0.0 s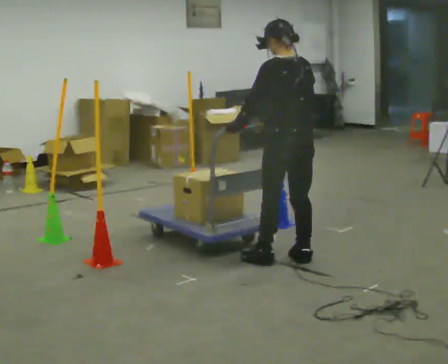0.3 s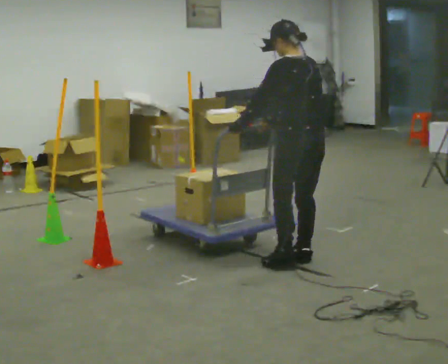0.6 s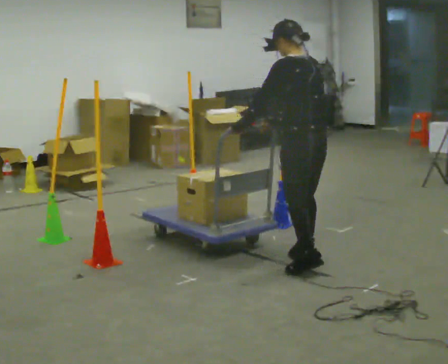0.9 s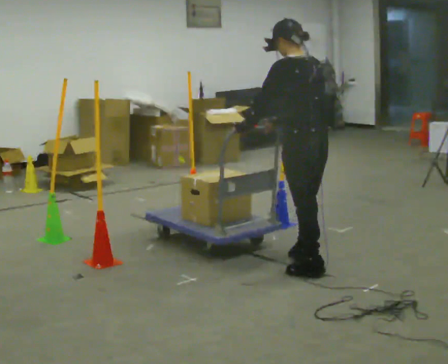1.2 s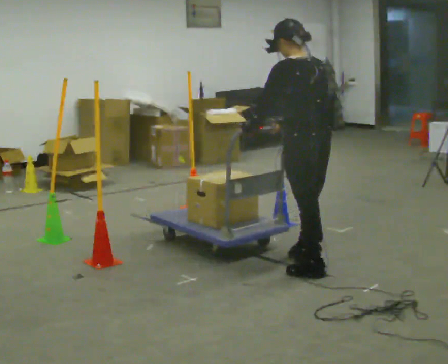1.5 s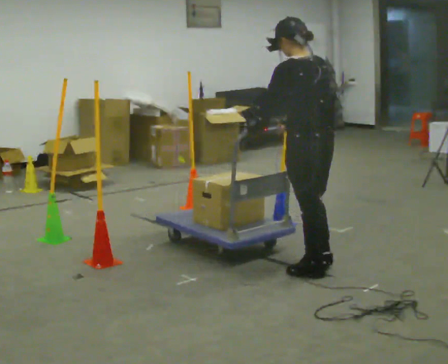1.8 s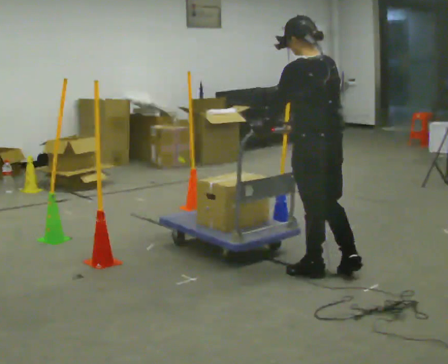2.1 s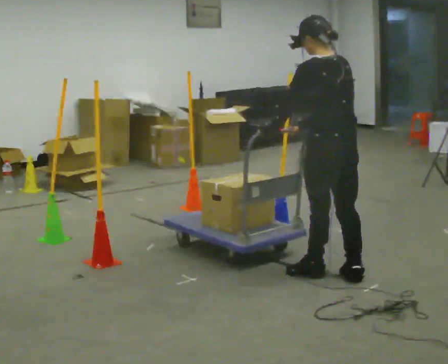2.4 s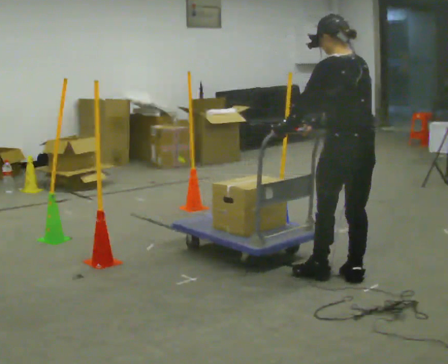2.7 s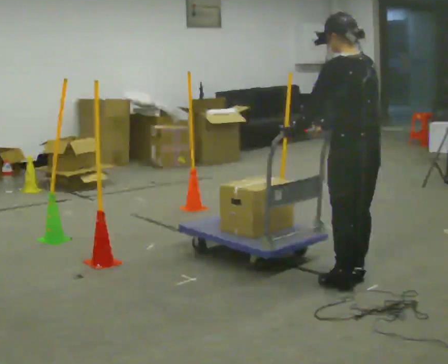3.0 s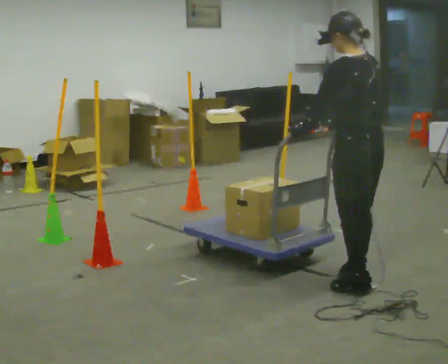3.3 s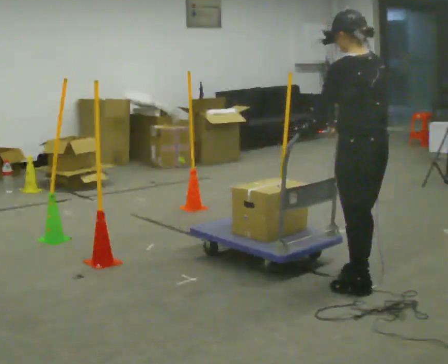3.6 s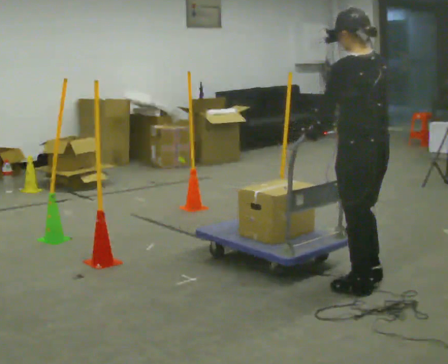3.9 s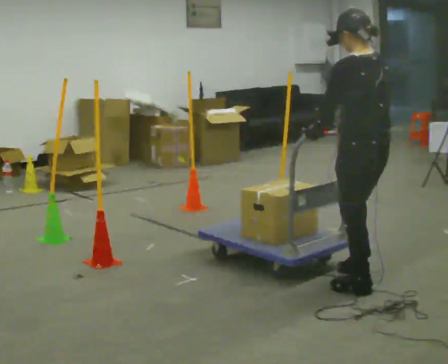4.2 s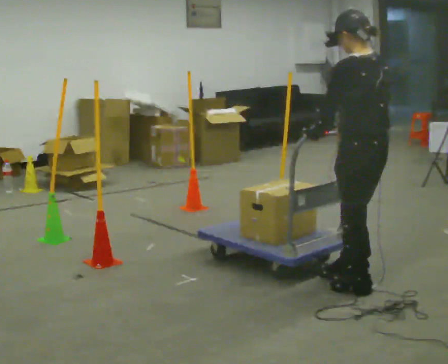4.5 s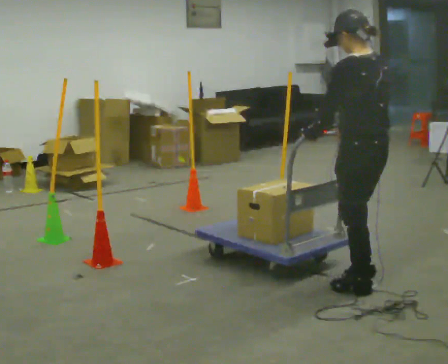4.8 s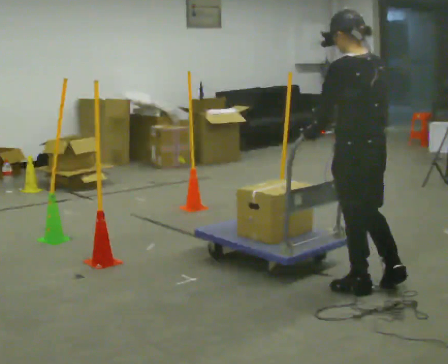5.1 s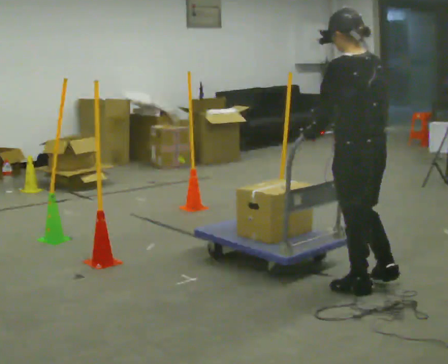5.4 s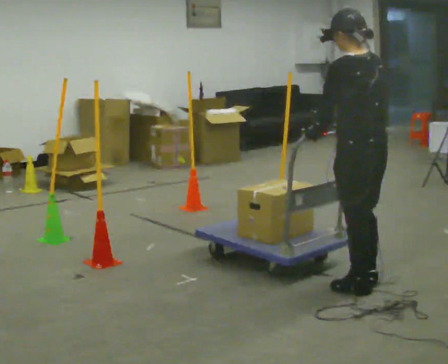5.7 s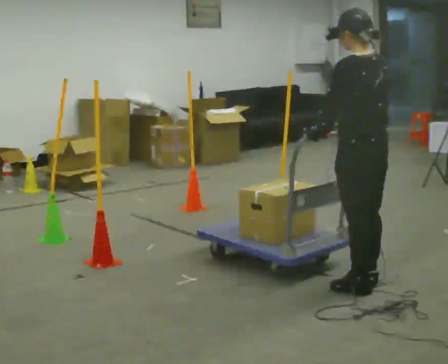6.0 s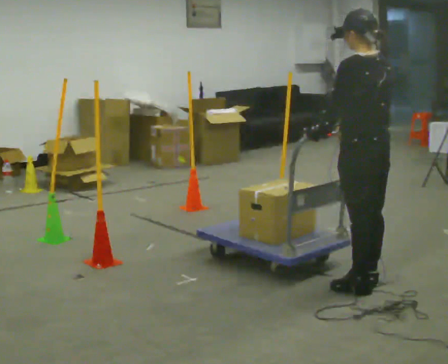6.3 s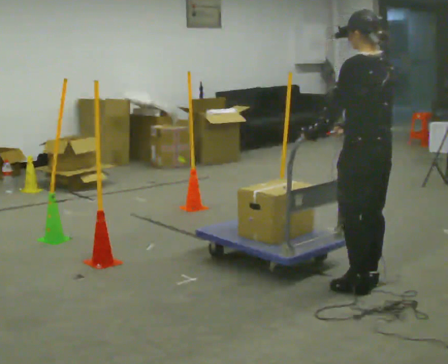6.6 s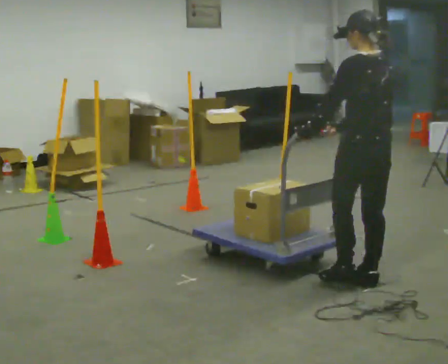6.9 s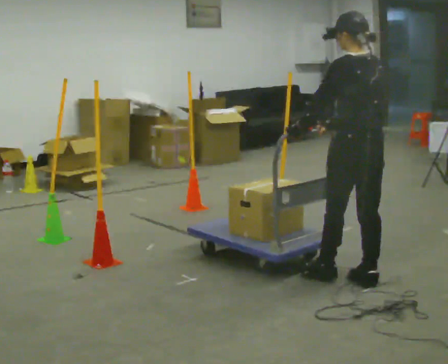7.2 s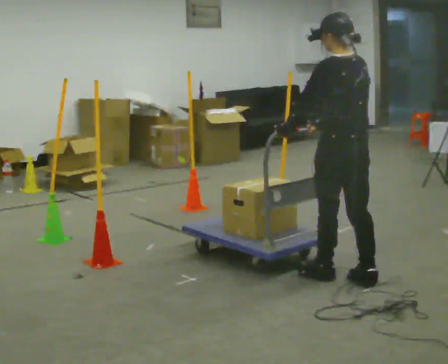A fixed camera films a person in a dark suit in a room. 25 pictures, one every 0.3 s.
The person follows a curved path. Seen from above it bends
clockwise.
0.0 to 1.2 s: In the picture they go toward the camera, about 0.25 m in 1 step, which for them is backward.
1.2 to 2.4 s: In the picture they go to the right, about 0.25 m in 1 step, which for them is backward.
2.4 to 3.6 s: In the picture they go toward the camera, about 0.25 m in 1 step, which for them is backward.
3.6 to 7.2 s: In the picture they go away from the camera, about 0.25 m in 4 steps, which for them is forward.
The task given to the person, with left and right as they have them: Push the cart in and out of the line of poles without touching any of them. Keep going until the operator says stop.
The film runs forward here.
